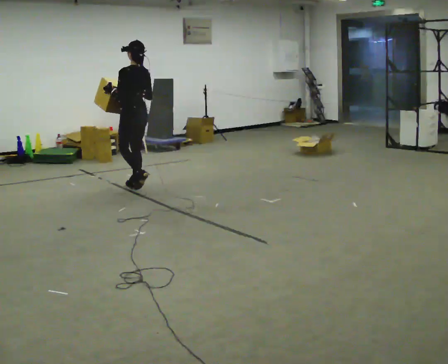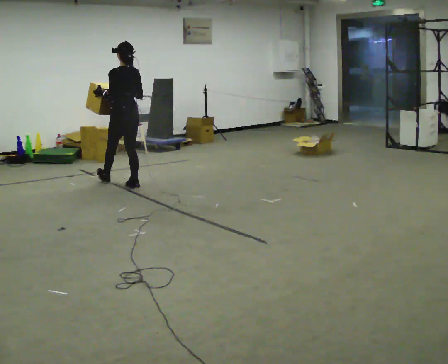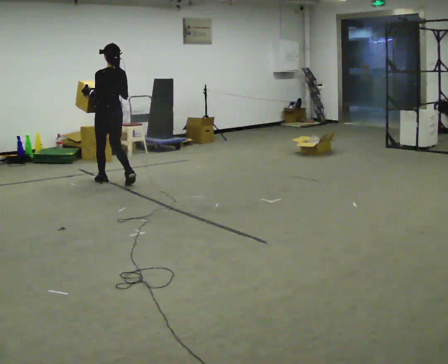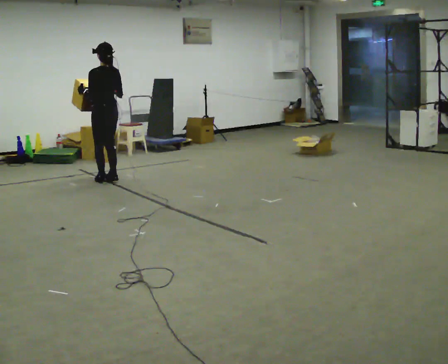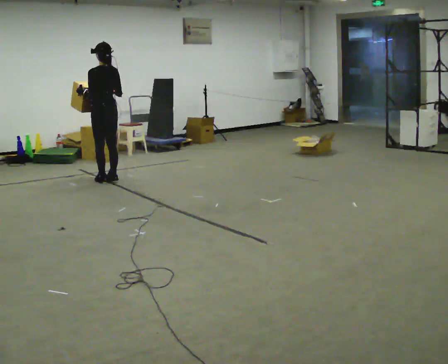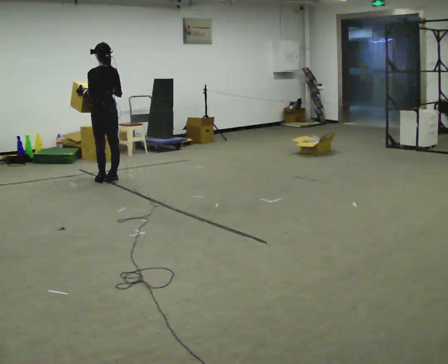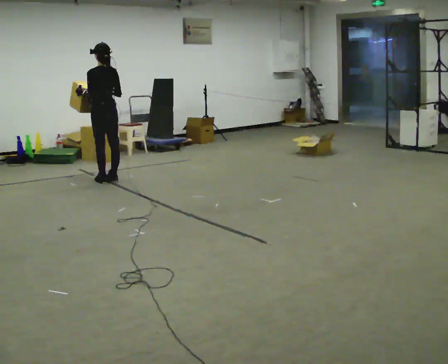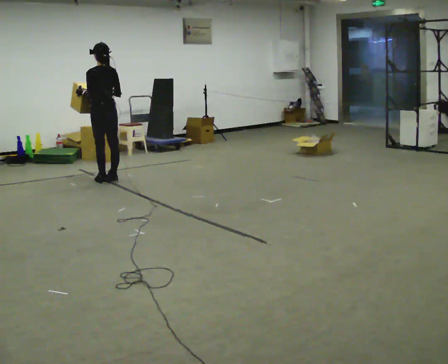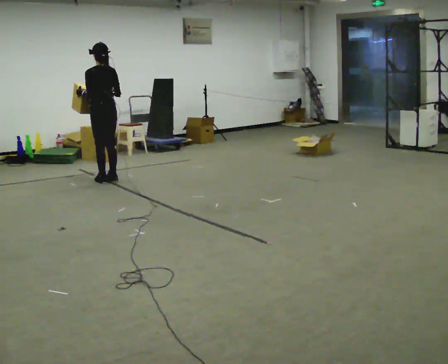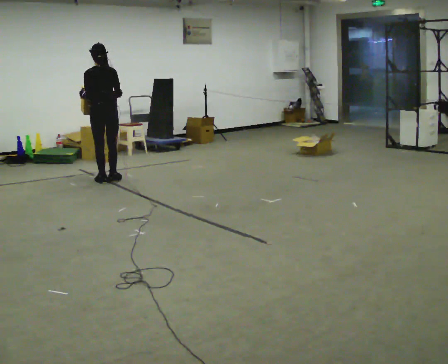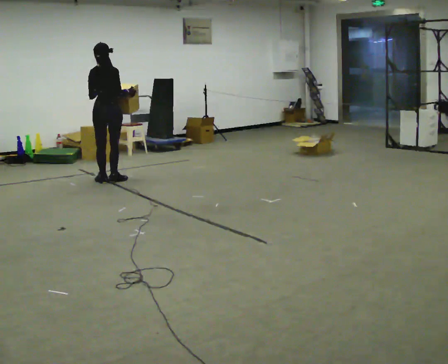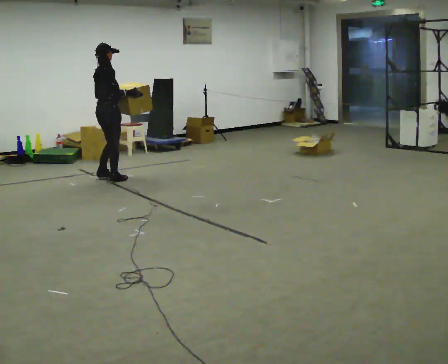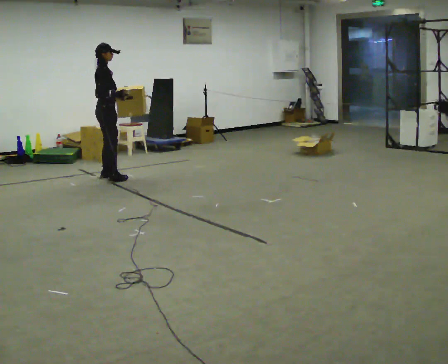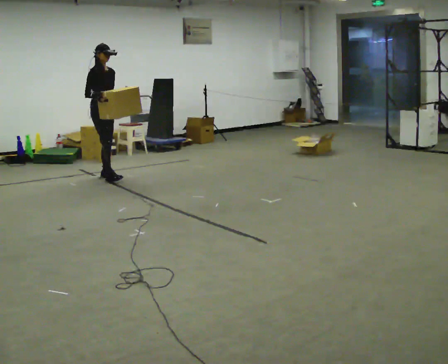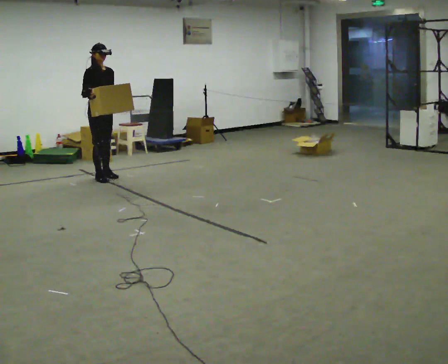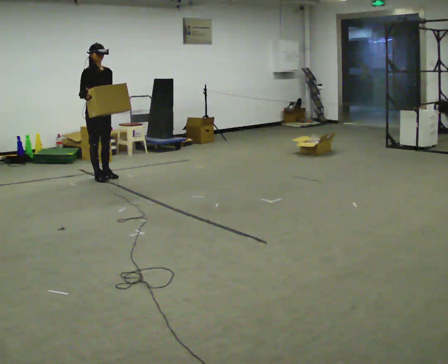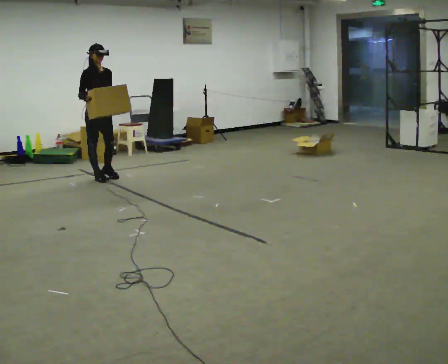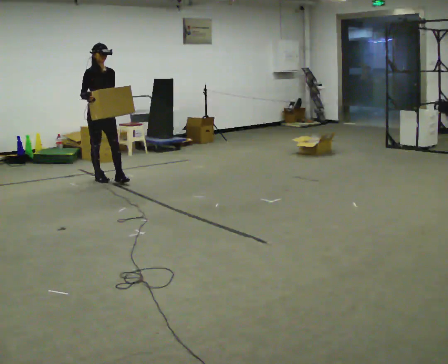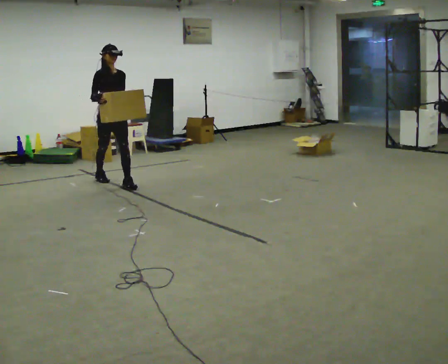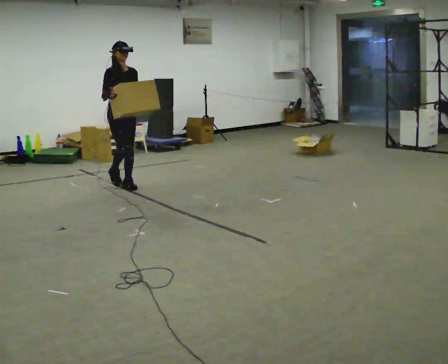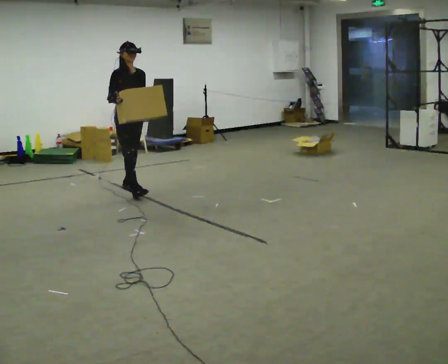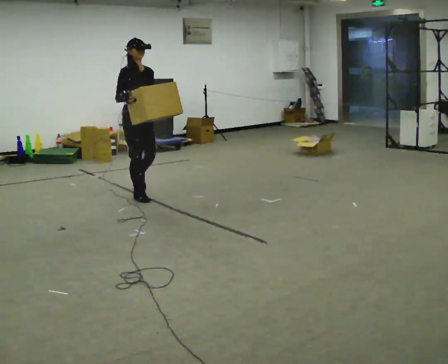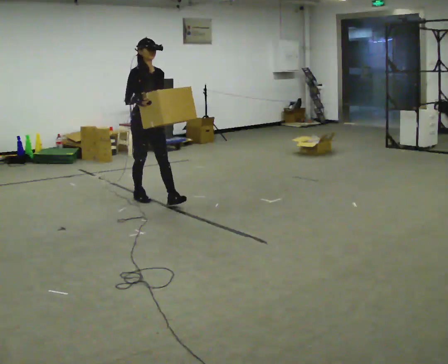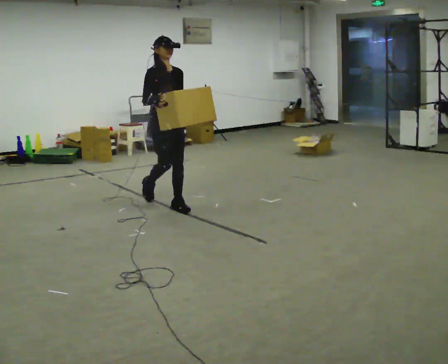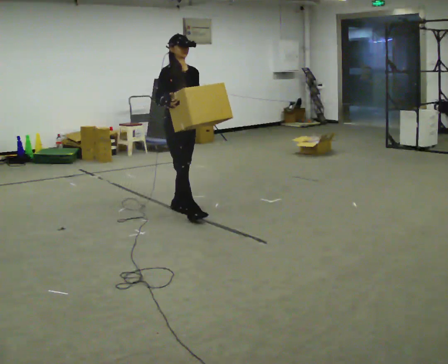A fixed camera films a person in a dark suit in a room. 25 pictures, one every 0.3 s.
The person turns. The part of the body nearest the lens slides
to the left.
The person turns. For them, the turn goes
to their right.
0.0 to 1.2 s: In the picture they go away from the camera and to the left, about 0.5 m in 2 steps, which for them is forward.
1.2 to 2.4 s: The person moves a little, or ends about where they began.
2.4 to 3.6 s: Seen from above the body turns clockwise, about 120 degrees: to their right, with its near side sliding to the left.
3.6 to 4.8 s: The part of the body nearest the lens slides to the left as the person turns to their right by about 45 degrees. In the picture their right hand goes to the left.
4.8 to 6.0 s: In the picture they go toward the camera and to the right, about 0.75 m in 1 step, which for them is forward.
6.0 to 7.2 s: In the picture they go toward the camera, about 1 m in 2 steps, which for them is forward.
The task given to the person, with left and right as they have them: Carry the box across the room as briskly as you comfortably can, back and forth. Do not run.
The film runs forward here.
